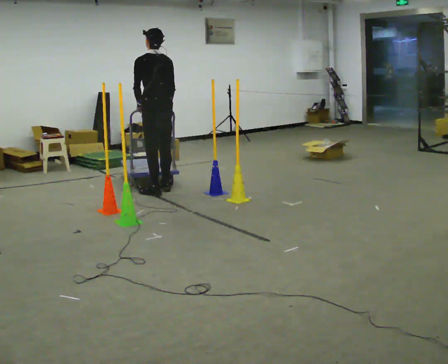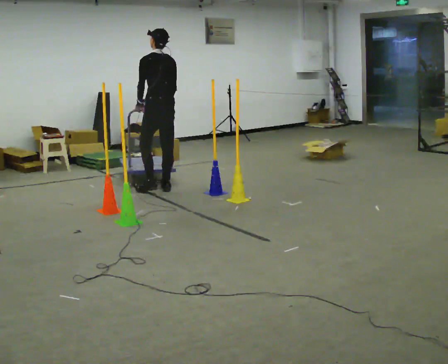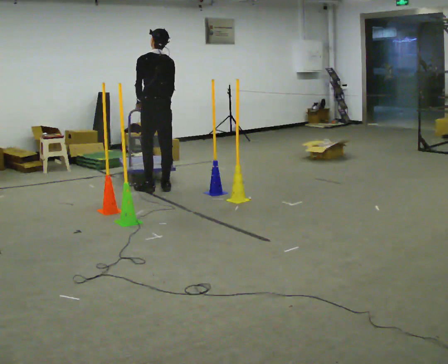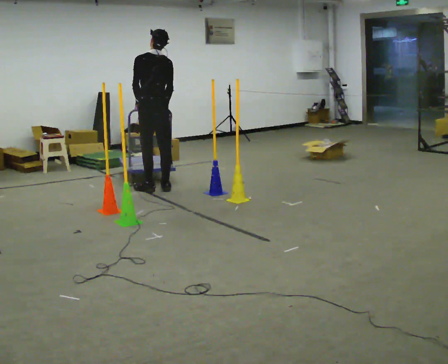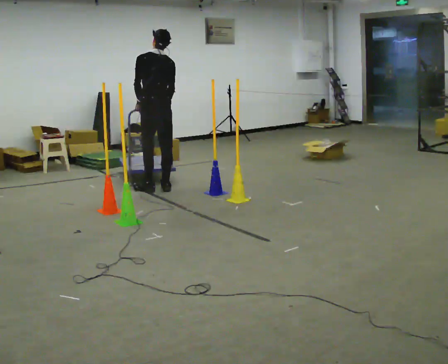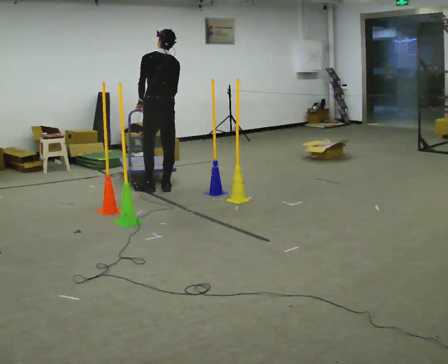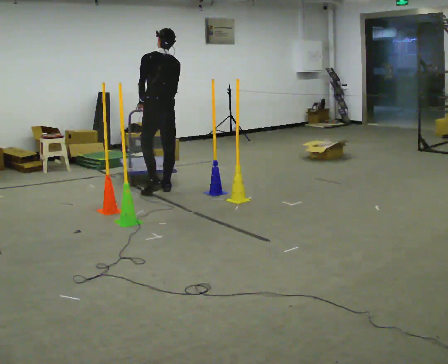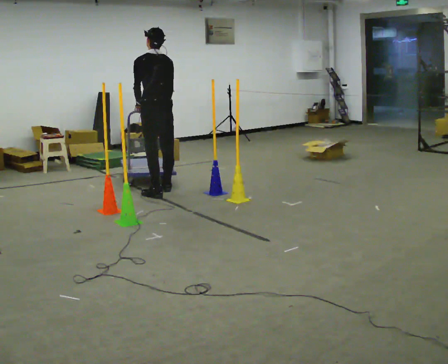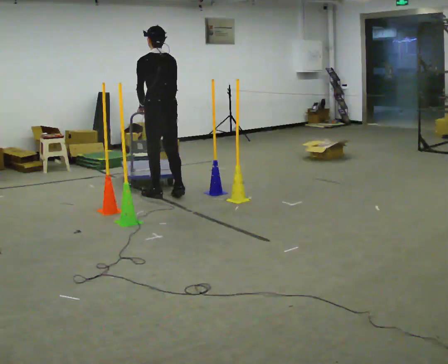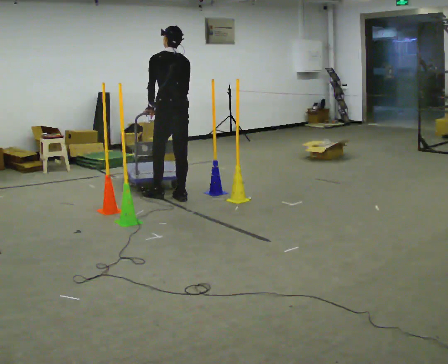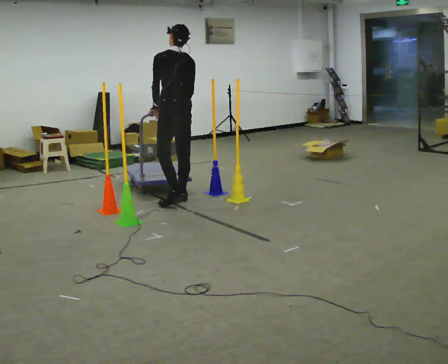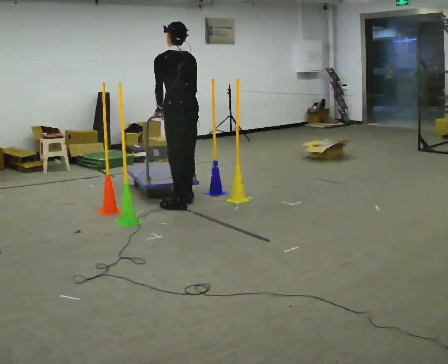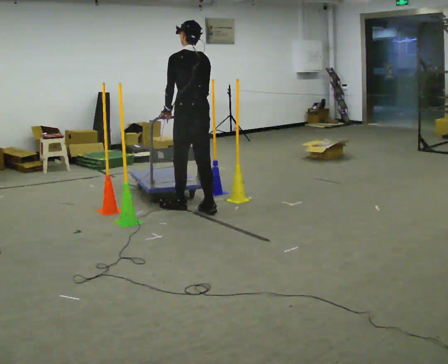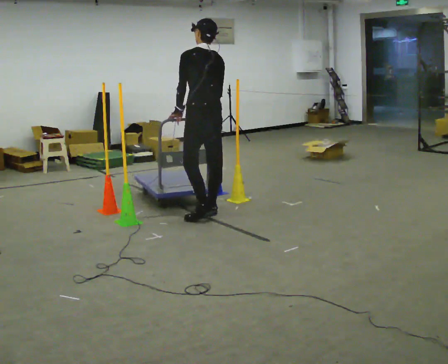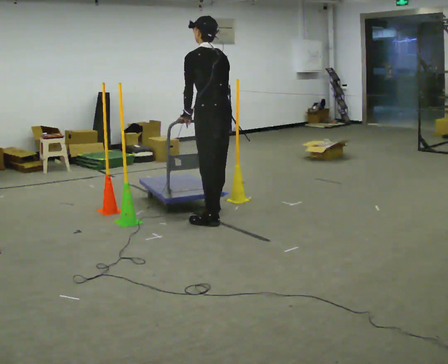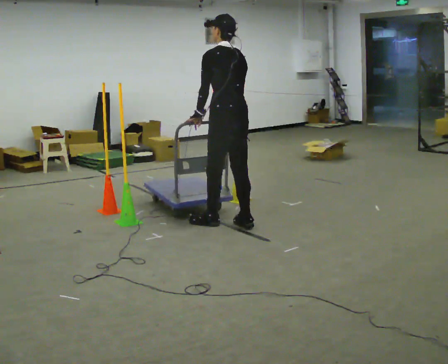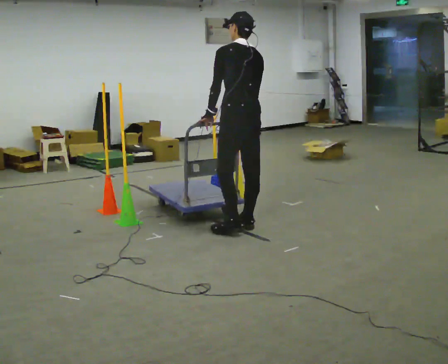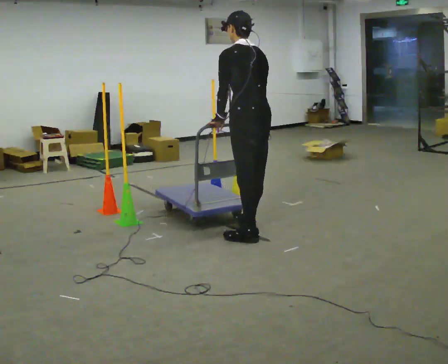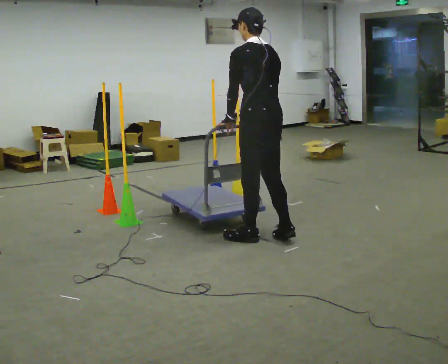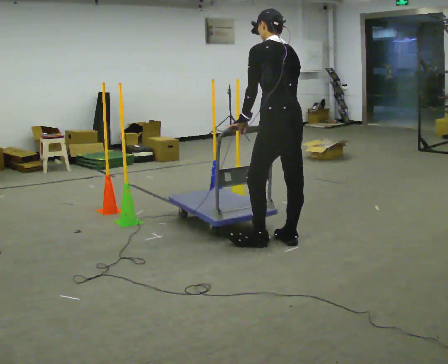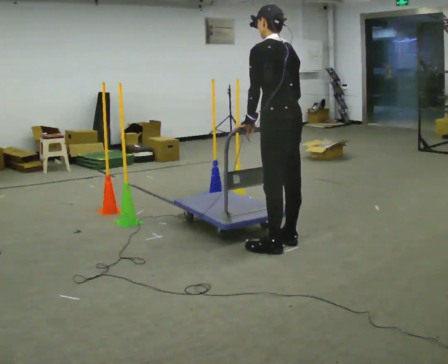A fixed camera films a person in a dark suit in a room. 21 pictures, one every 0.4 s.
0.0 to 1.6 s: In the picture they go away from the camera, about 0.25 m in 2 steps, which for them is forward.
1.6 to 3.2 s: In the picture they go toward the camera, about 0.25 m in 1 step, which for them is backward.
3.2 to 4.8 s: In the picture they go toward the camera and to the right, about 0.5 m in 3 steps, which for them is backward.
4.8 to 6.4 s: In the picture they go toward the camera and to the right, about 0.5 m in 2 steps, which for them is backward.
6.4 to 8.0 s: In the picture they go toward the camera and to the right, about 0.5 m in 3 steps, which for them is backward.
The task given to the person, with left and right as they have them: Push the cart in and out of the line of poles without touching any of them. Keep going until the operator says stop.
The film runs forward here.
